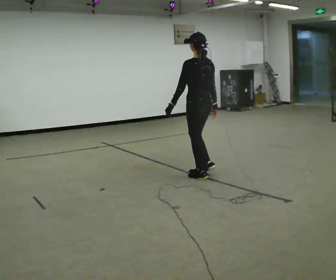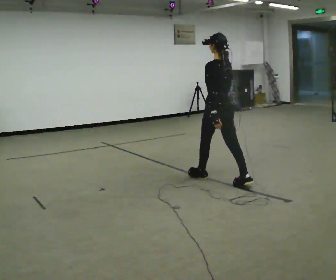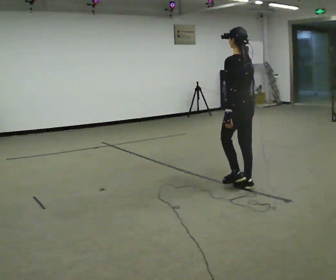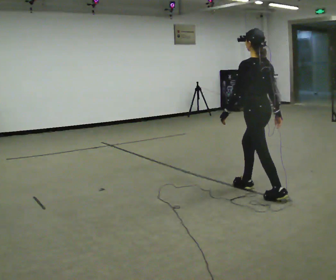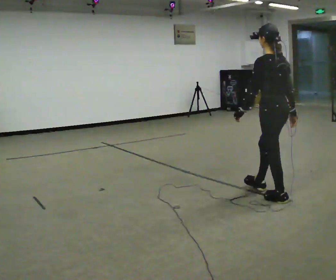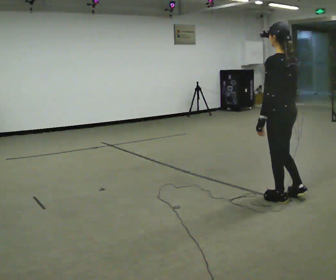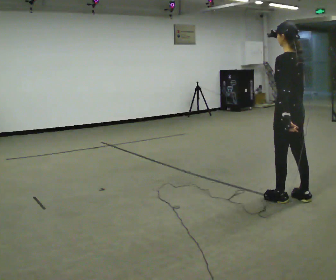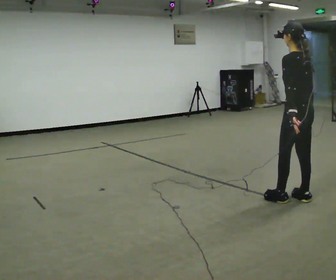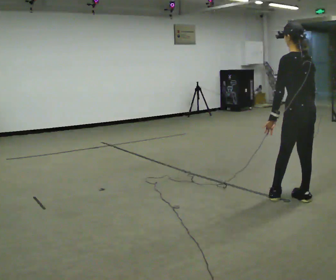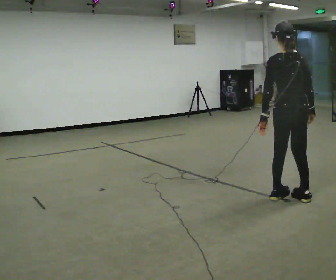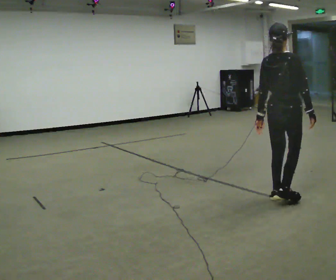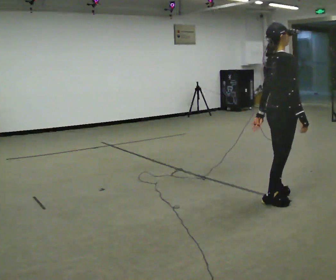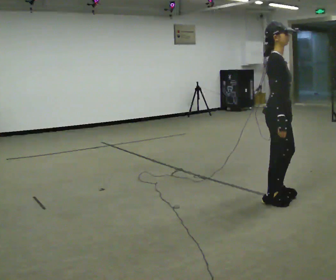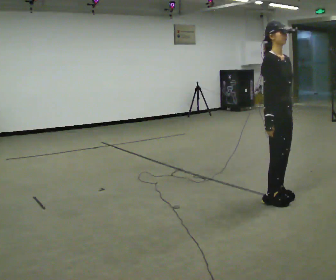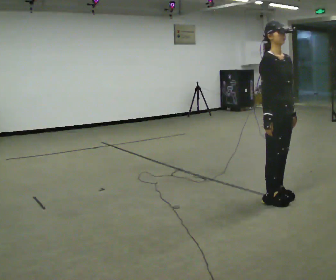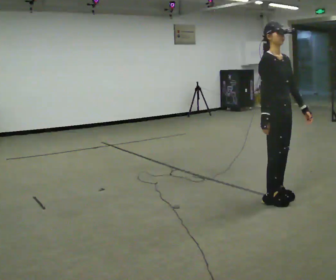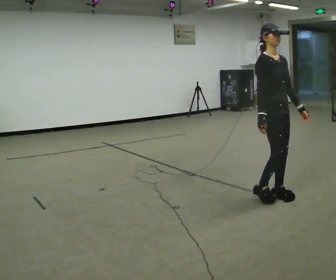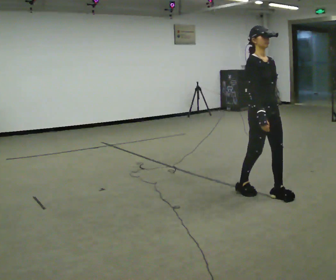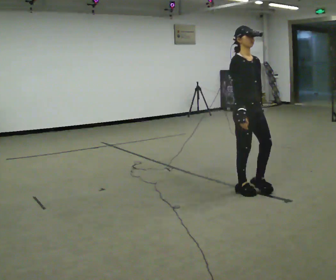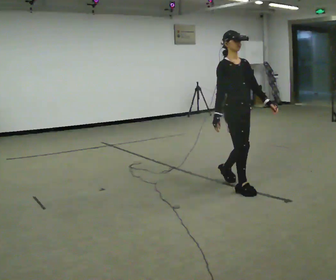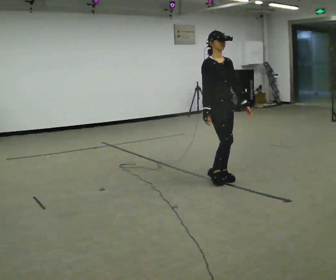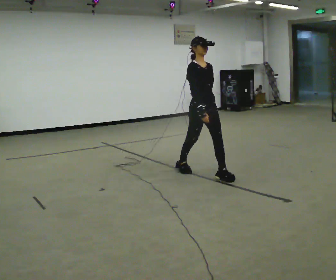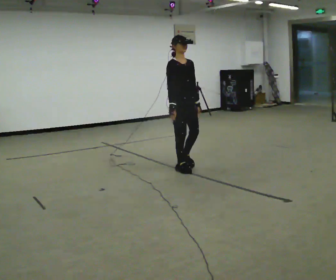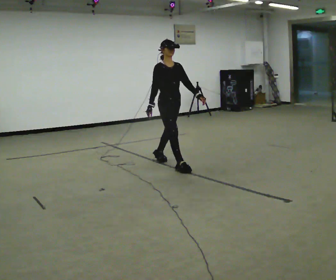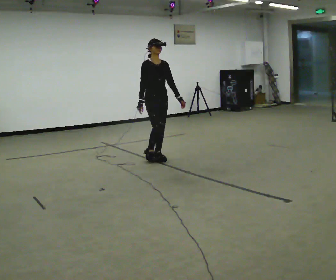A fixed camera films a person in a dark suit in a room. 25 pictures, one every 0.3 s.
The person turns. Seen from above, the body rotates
clockwise.
The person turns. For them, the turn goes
to their right.
0.0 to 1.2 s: In the picture they go toward the camera and to the right, about 1 m in 2 steps, which for them is backward.
1.2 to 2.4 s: In the picture they go to the right, about 0.25 m, which for them is backward.
2.4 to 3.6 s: The person turns about 135 degrees to their right, clockwise seen from above, so the part of the body nearest the lens slides to the left. In the picture they go to the left, about 0.25 m in 1 step. In the picture their right hand goes to the left.
3.6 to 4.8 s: Seen from above the body turns clockwise, about 30 degrees: to their right, with its near side sliding to the left.
4.8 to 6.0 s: In the picture they go away from the camera and to the left, about 1 m in 2 steps, which for them is backward.
6.0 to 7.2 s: In the picture they go away from the camera and to the left, about 1 m in 2 steps, which for them is backward.
The film runs backward here.
